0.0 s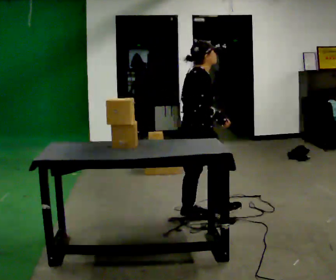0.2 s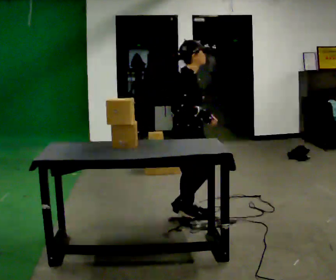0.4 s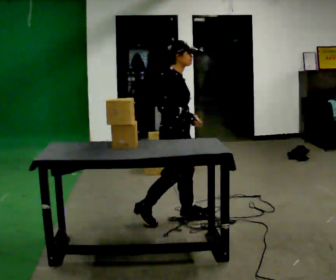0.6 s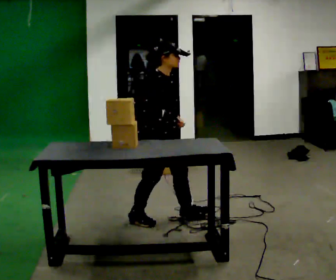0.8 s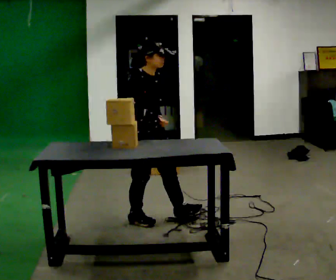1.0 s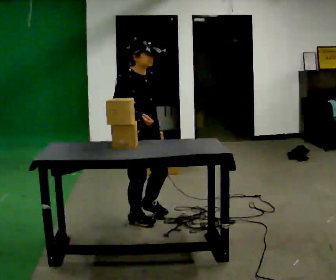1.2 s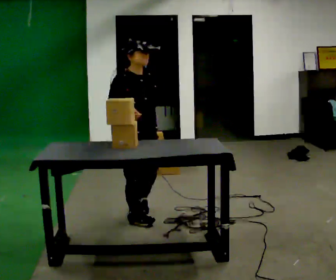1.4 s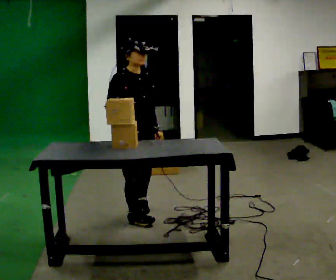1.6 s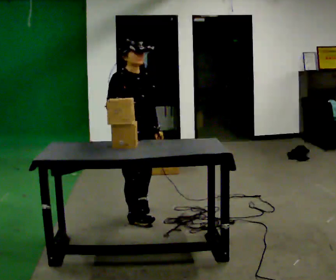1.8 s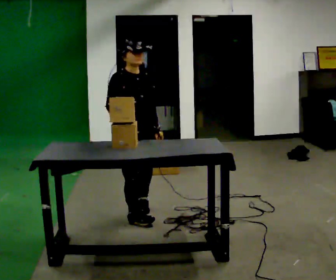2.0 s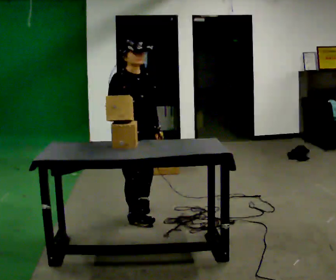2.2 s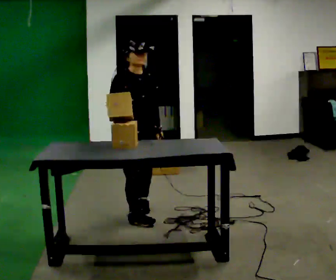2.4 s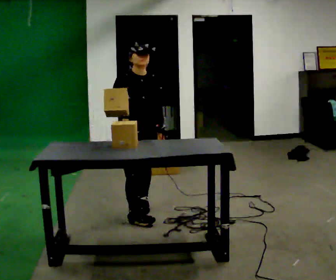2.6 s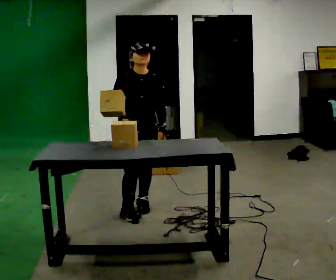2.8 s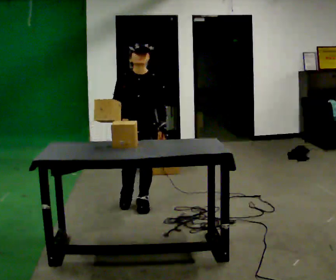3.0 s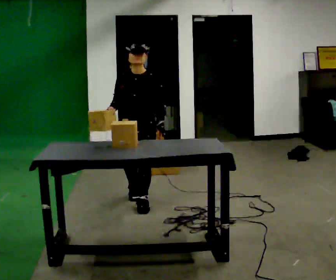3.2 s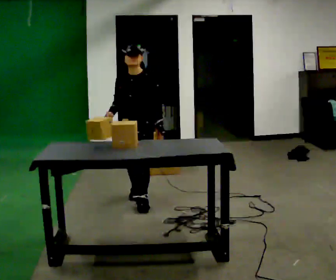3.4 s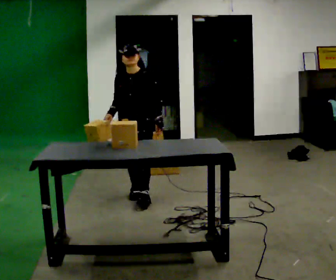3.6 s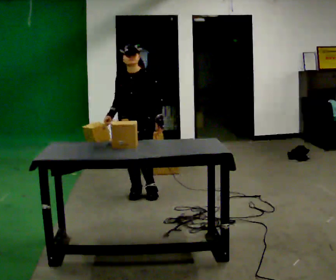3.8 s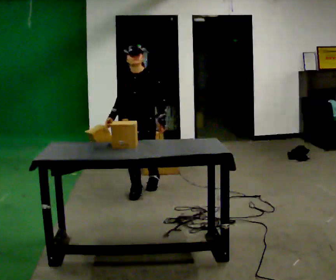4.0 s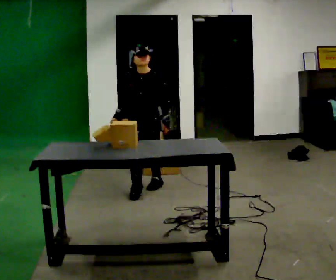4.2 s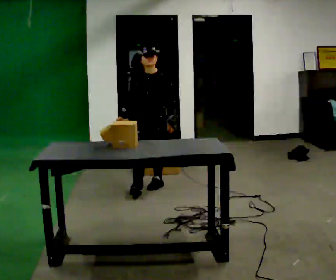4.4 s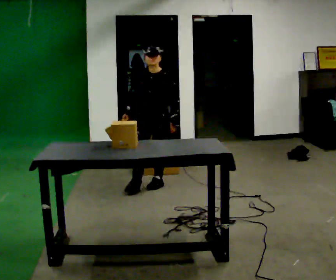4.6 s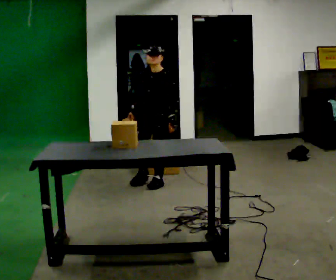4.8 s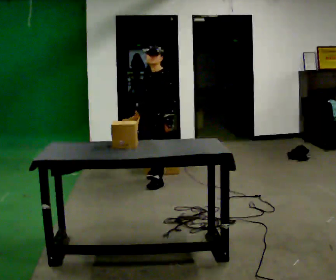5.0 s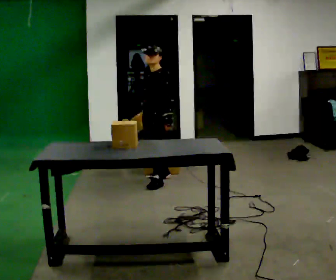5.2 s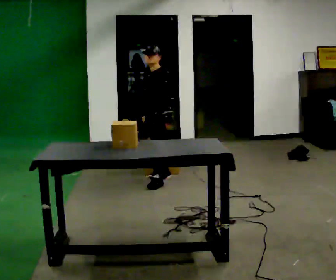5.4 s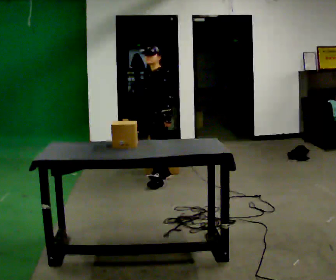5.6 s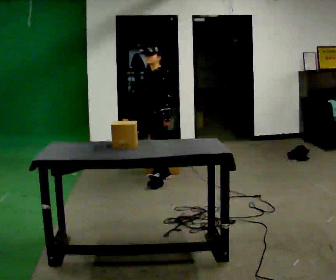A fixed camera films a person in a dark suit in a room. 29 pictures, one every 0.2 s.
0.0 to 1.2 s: The person turns about 60 degrees to their right, clockwise seen from above, so the part of the body nearest the lens slides to the left. In the picture they go to the left, about 0.5 m in 1 step.
1.2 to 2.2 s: The person moves a little, or ends about where they began.
2.2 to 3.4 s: Seen from above the body turns clockwise, about 45 degrees: to their right, with its near side sliding to the left. In the picture they go away from the camera, about 0.5 m in 2 steps, which for them is backward.
3.4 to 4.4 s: In the picture they go away from the camera and to the right, about 0.5 m in 1 step, which for them is backward.
4.4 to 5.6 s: The person turns about 60 degrees to their right, clockwise seen from above, so the part of the body nearest the lens slides to the left. In the picture they go away from the camera, about 0.25 m, which for them is backward and to their right.
The film runs backward here.
